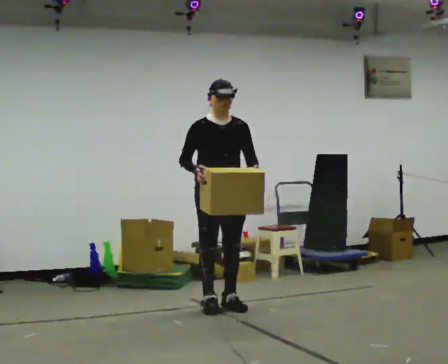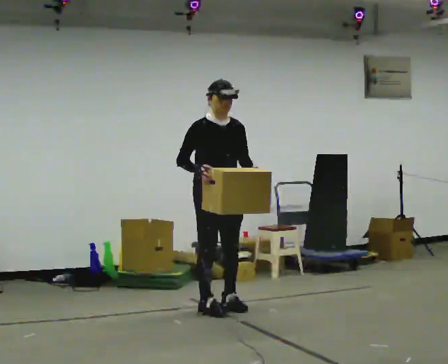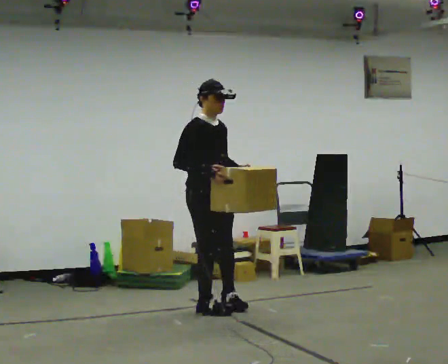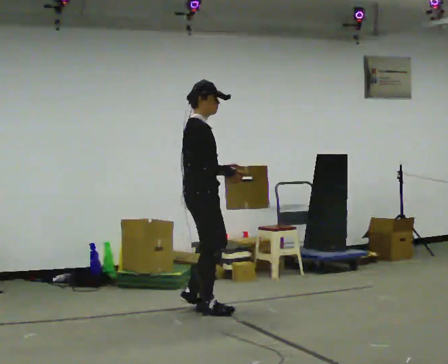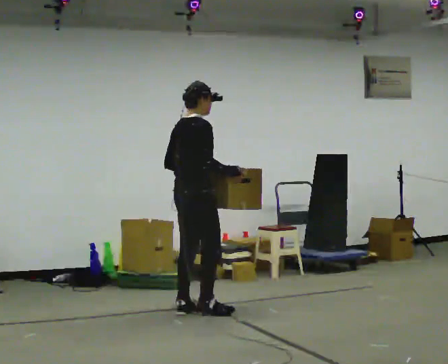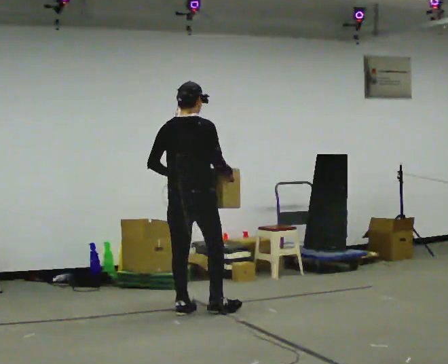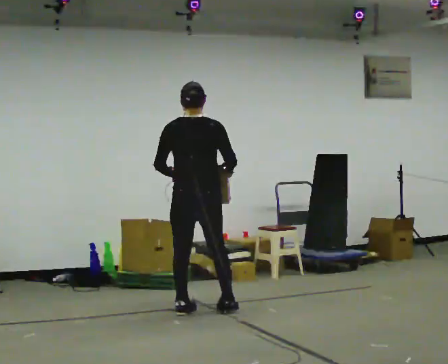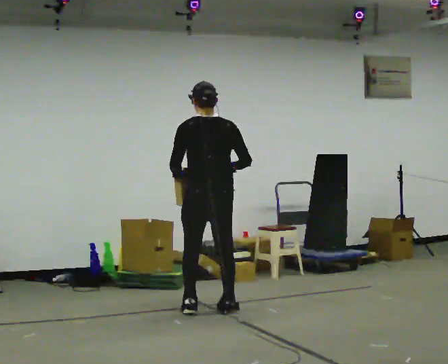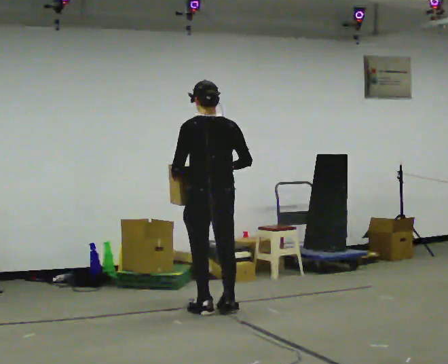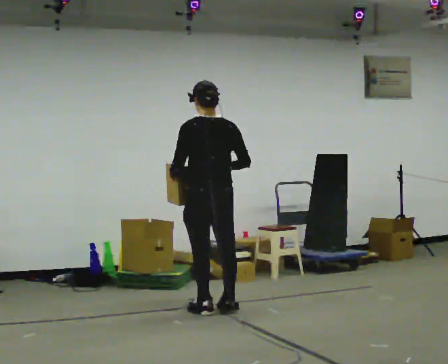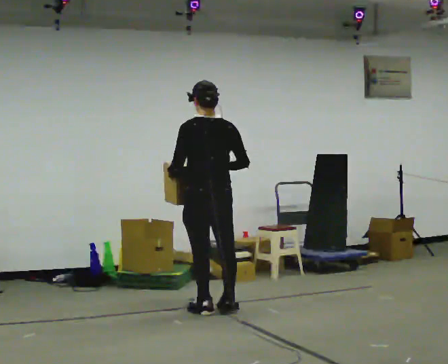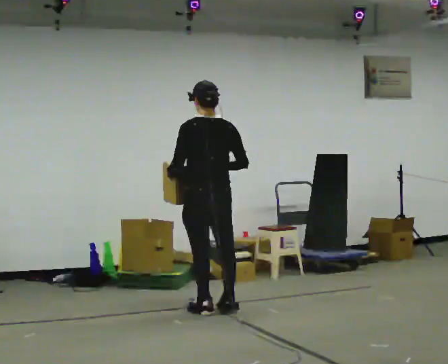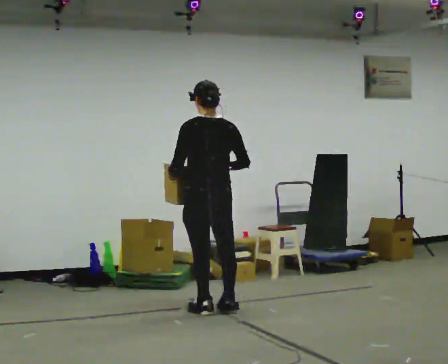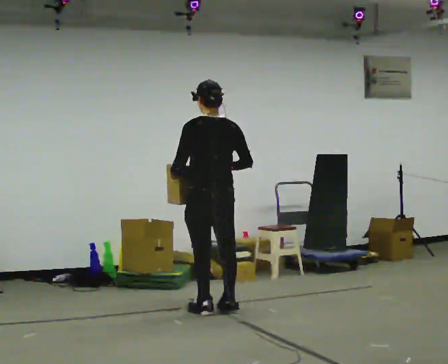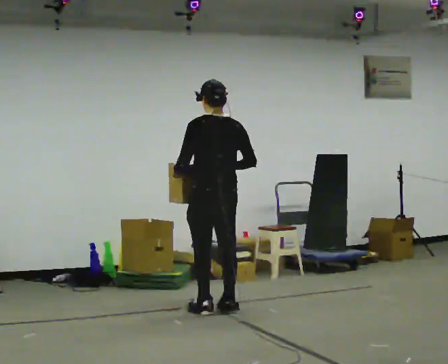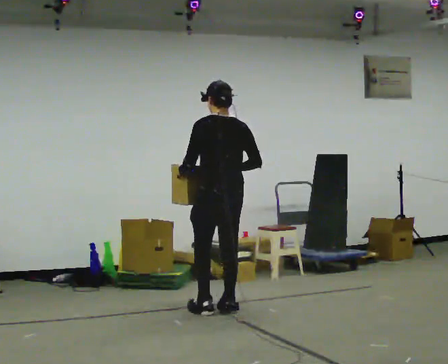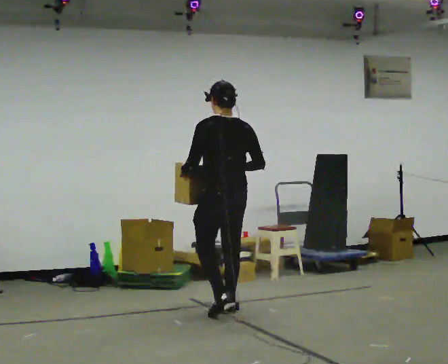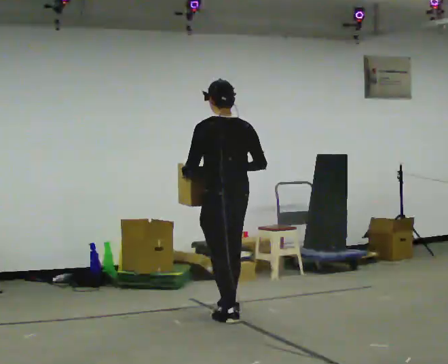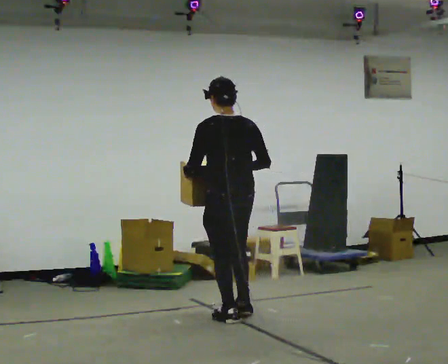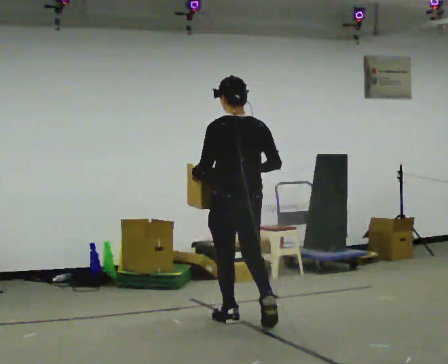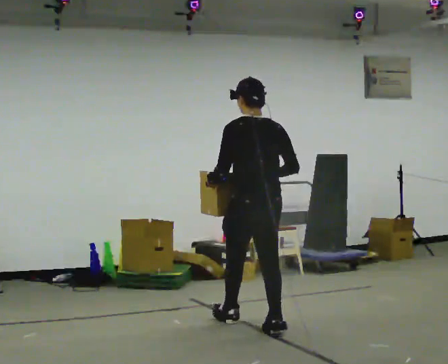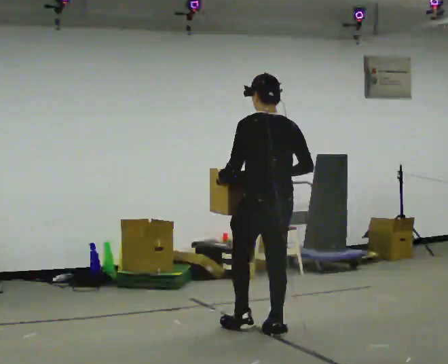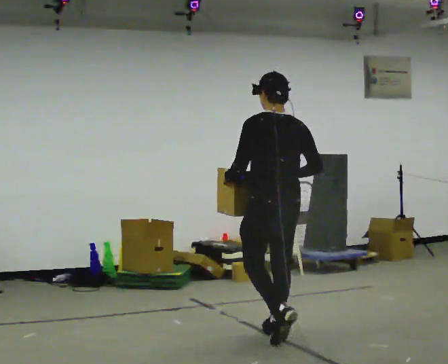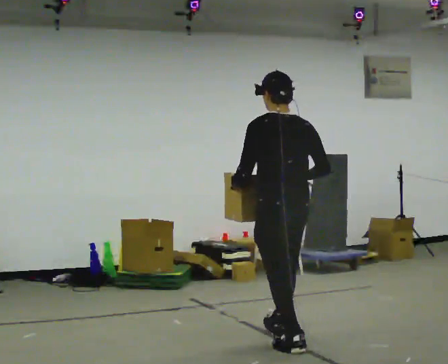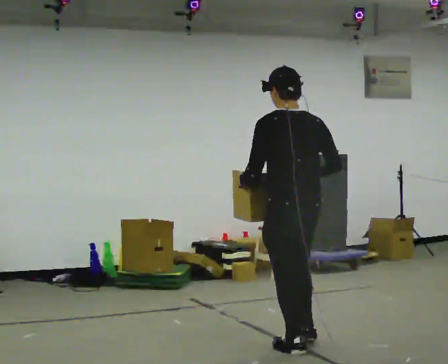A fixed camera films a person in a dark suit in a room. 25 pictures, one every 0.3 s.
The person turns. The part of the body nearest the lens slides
to the right.
The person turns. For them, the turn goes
to their left.
0.0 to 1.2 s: The part of the body nearest the lens slides to the right as the person turns to their left by about 90 degrees. In the picture they go toward the camera and to the left, about 0.25 m in 1 step. In the picture their left hand goes to the left.
1.2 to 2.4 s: Seen from above the body turns counterclockwise, about 90 degrees: to their left, with its near side sliding to the right.
2.4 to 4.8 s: The person moves a little, or ends about where they began.
4.8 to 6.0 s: In the picture they go toward the camera and to the right, about 0.5 m in 1 step, which for them is backward.
6.0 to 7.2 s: In the picture they go toward the camera and to the right, about 0.75 m in 2 steps, which for them is backward.
The film runs backward here.
